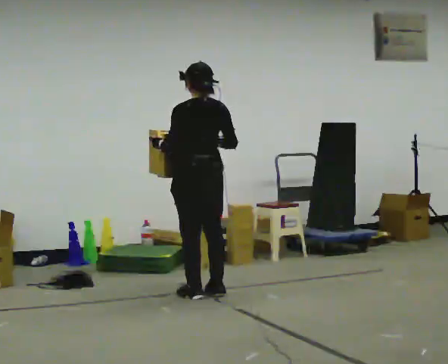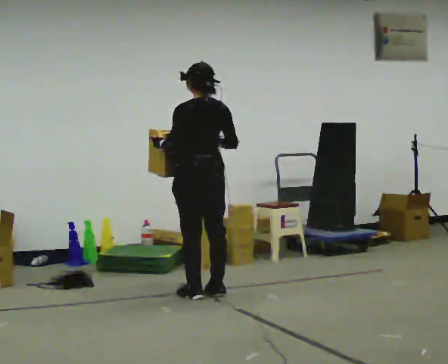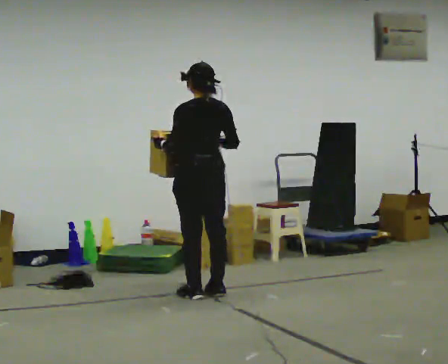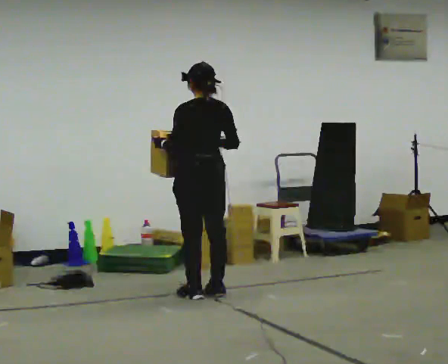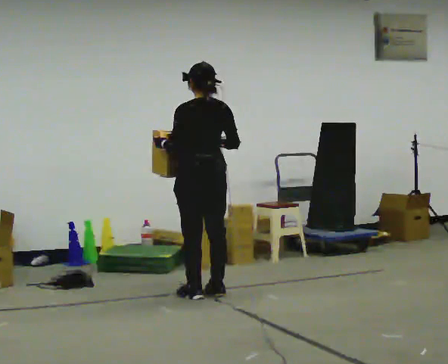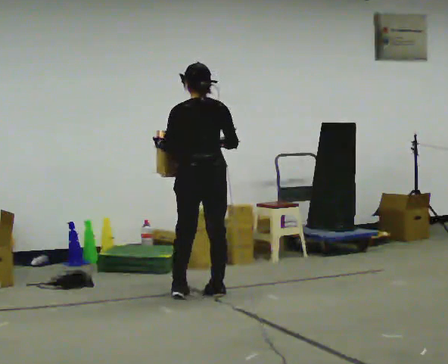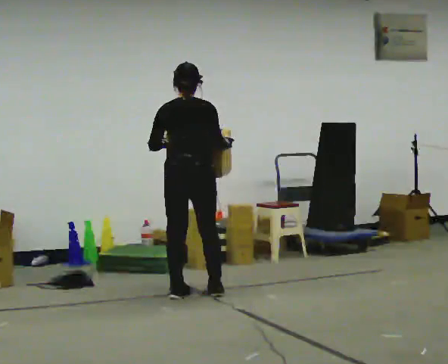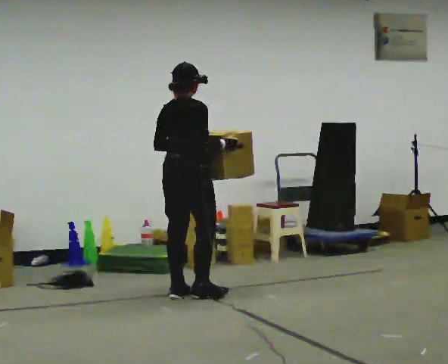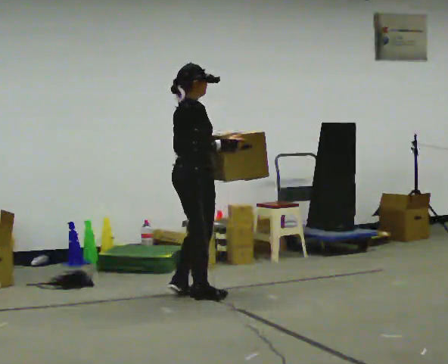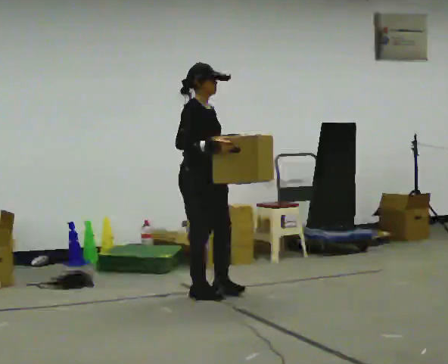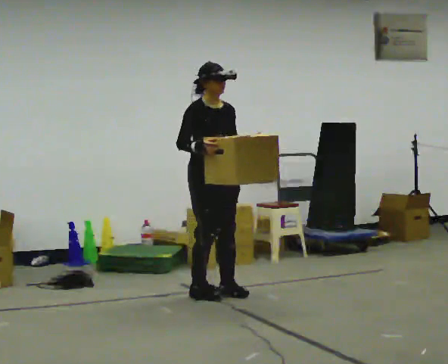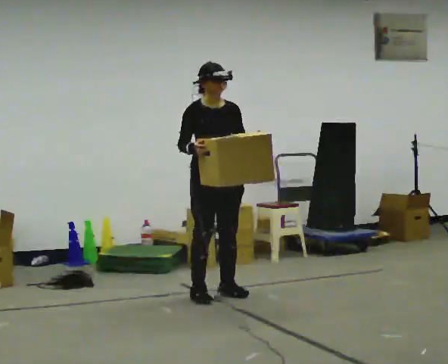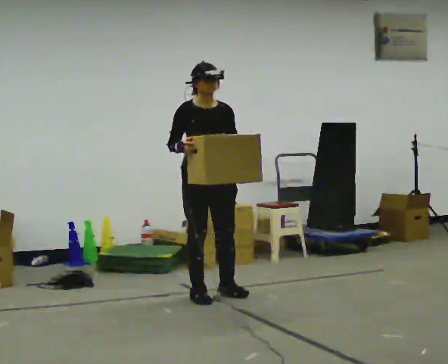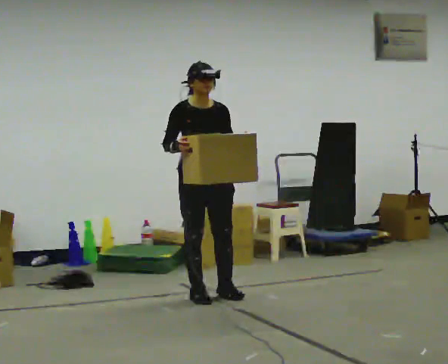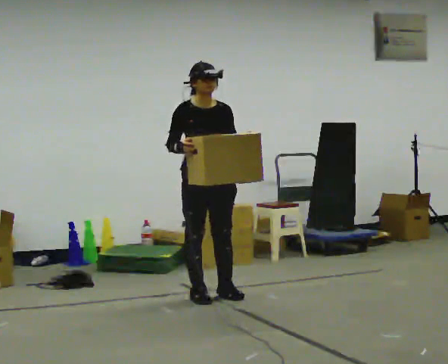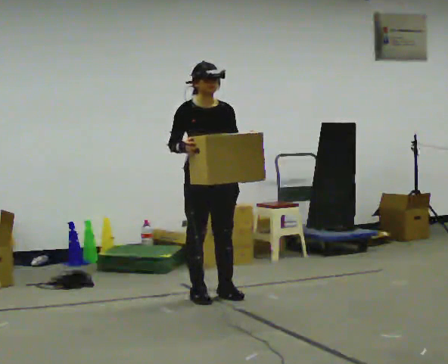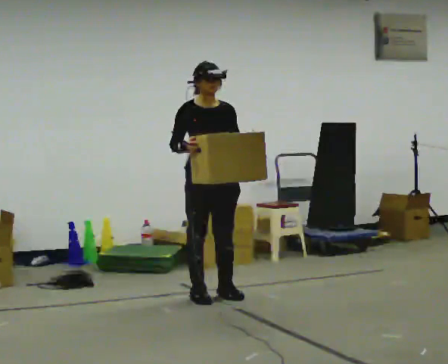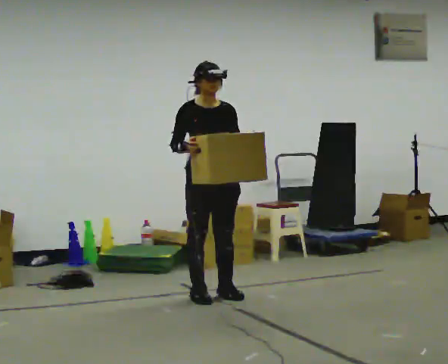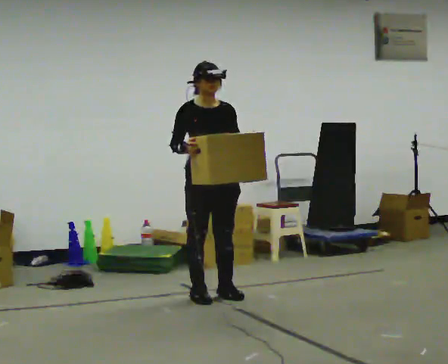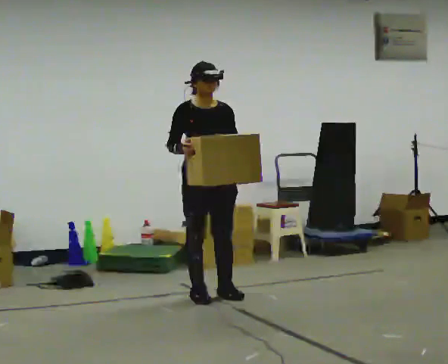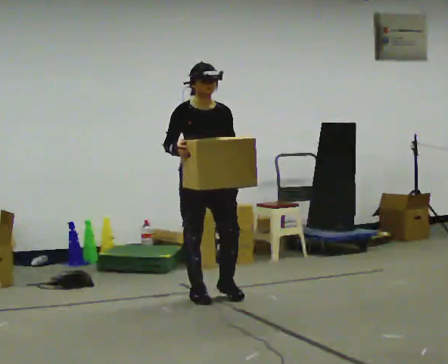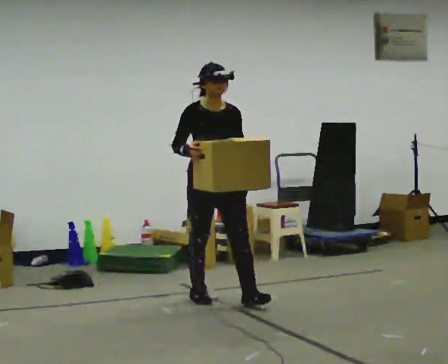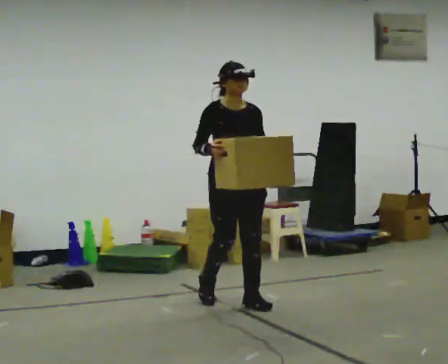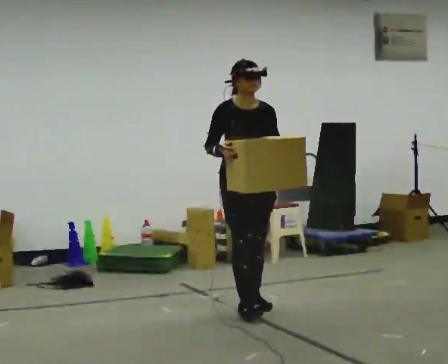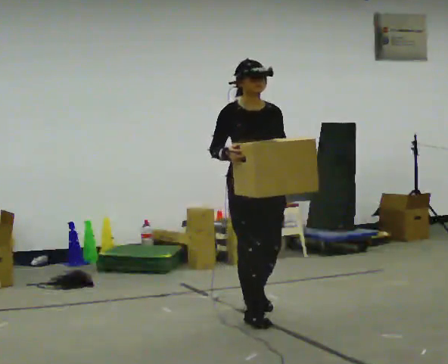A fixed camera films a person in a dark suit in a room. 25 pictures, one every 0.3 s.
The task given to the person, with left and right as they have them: Carry the heavy box in both hands in front of you, walking back and forth across the room. Keep walking until the operator says stop. Set it down if you need a rest.
0.0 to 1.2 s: The person moves a little, or ends about where they began.
1.2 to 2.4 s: The part of the body nearest the lens slides to the left as the person turns to their right by about 105 degrees. In the picture their left hand goes to the right.
2.4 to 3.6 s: The person turns about 75 degrees to their right, clockwise seen from above, so the part of the body nearest the lens slides to the left.
3.6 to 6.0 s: The person moves a little, or ends about where they began.
6.0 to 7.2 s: In the picture they go toward the camera and to the right, about 0.5 m in 2 steps, which for them is forward.
The film runs forward here.
